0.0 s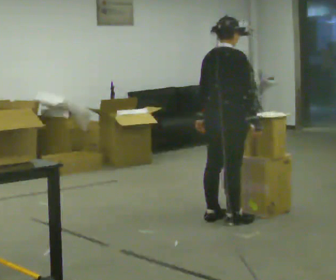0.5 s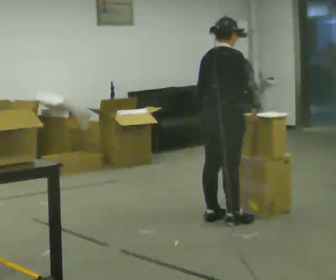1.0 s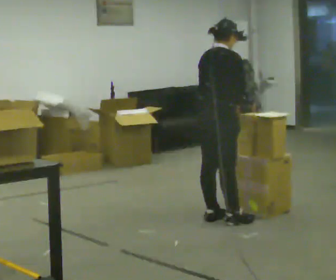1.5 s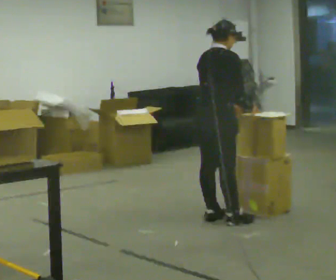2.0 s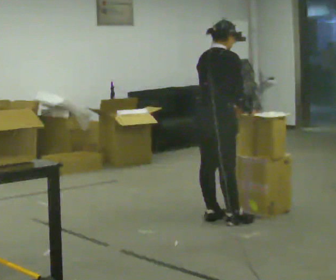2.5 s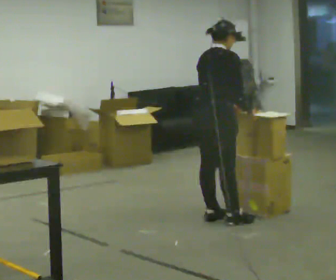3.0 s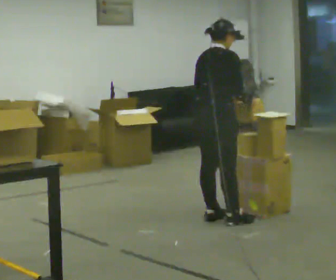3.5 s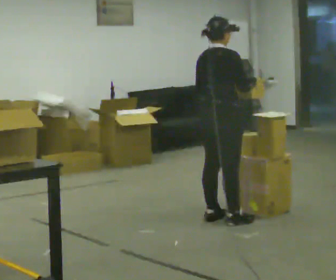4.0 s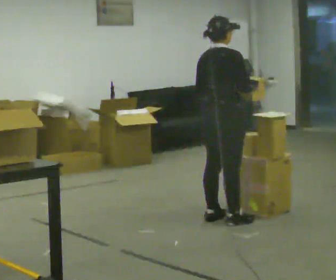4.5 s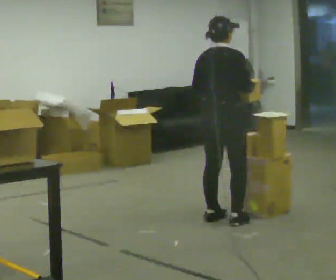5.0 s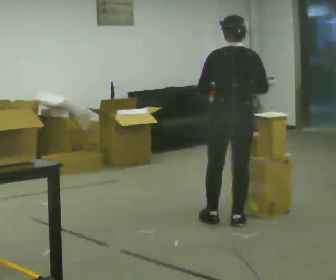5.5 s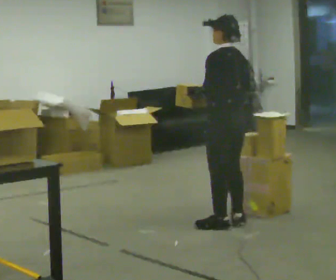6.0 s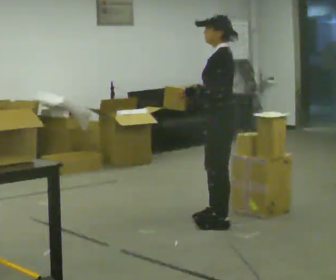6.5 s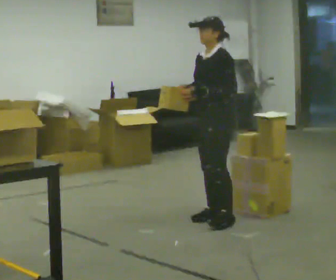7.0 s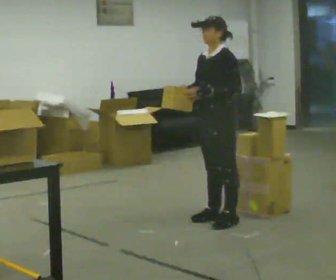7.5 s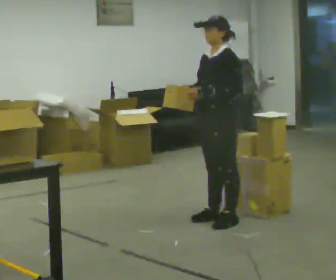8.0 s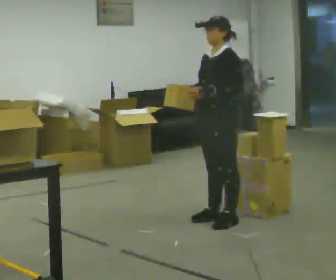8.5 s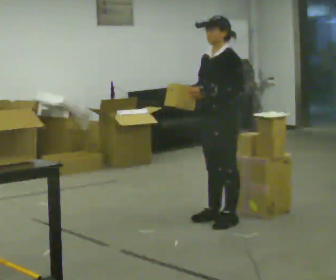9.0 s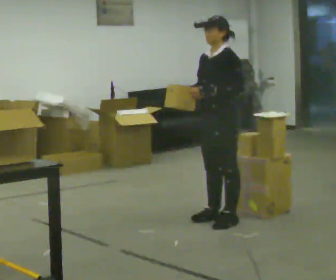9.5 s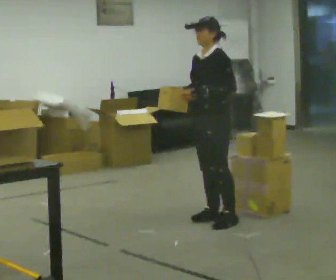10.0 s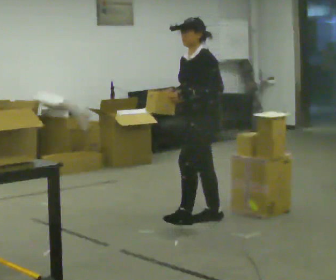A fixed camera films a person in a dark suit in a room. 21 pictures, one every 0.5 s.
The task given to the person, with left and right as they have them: 1. Read the list the operator gives you. 2. Collect the six items on the list from the shelves. 3. Put them all in the bin on the table. 4. Tell the operator when you are finished.
0.0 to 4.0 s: The person moves a little, or ends about where they began.
4.0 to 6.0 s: The part of the body nearest the lens slides to the right as the person turns to their left by about 135 degrees. In the picture they go toward the camera, about 0.25 m in 2 steps.
6.0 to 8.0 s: The person turns about 30 degrees to their left, counterclockwise seen from above, so the part of the body nearest the lens slides to the right.
8.0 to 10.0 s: The person moves a little, or ends about where they began.
The film runs forward here.
